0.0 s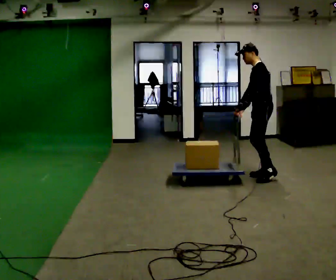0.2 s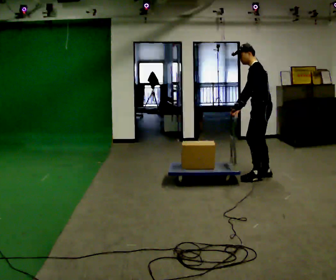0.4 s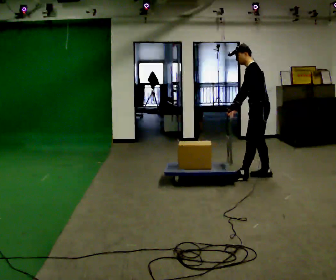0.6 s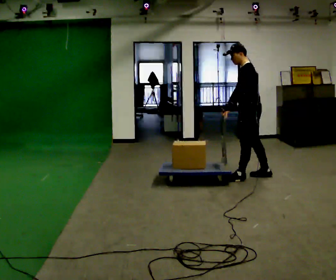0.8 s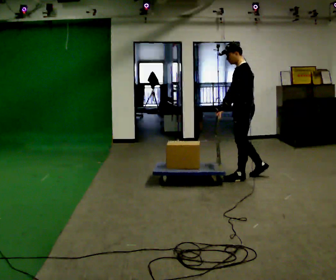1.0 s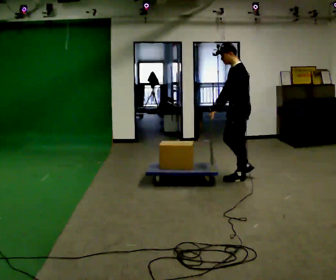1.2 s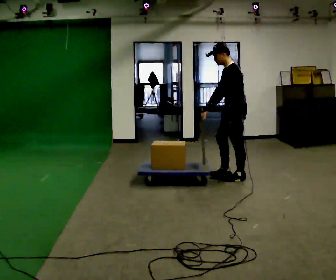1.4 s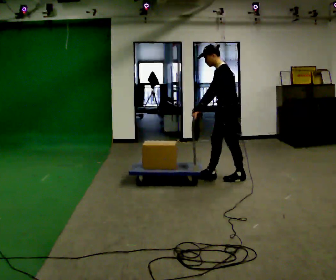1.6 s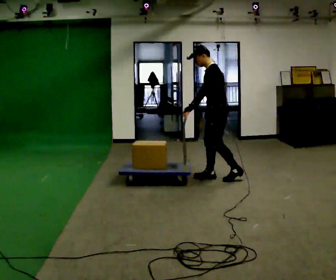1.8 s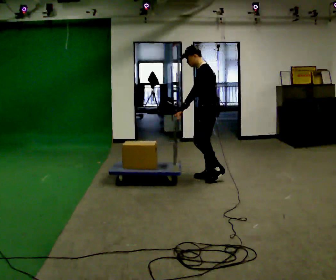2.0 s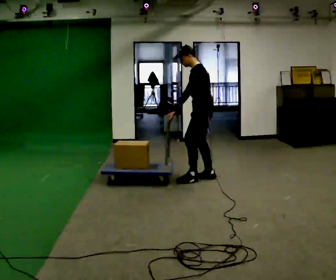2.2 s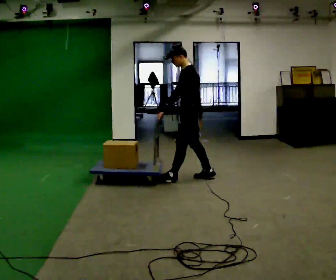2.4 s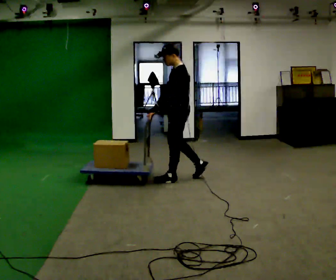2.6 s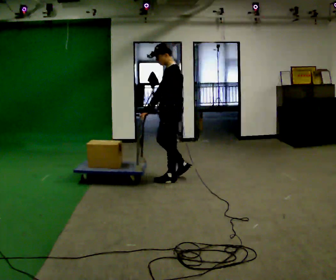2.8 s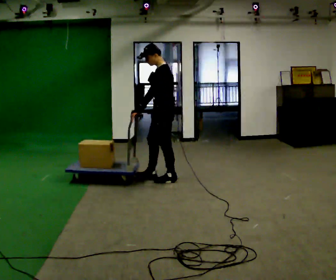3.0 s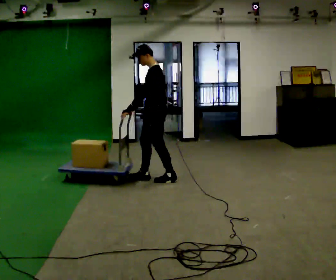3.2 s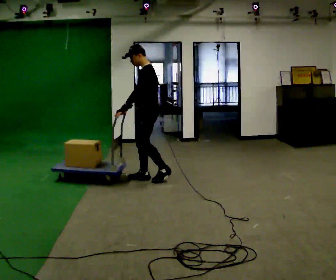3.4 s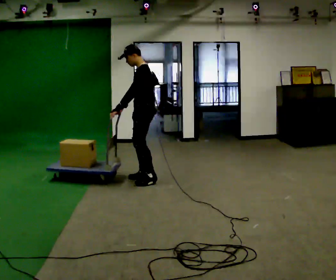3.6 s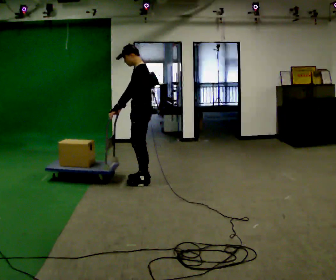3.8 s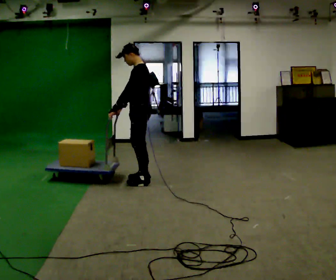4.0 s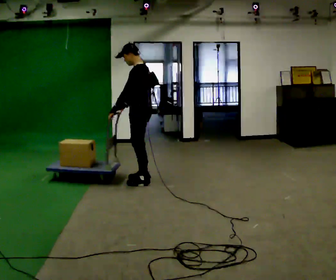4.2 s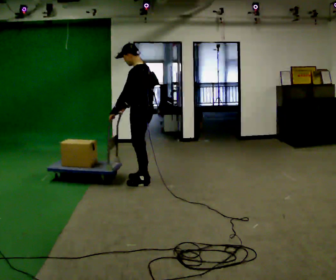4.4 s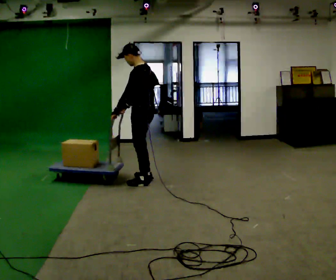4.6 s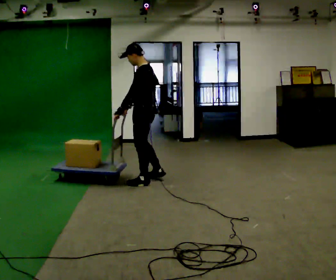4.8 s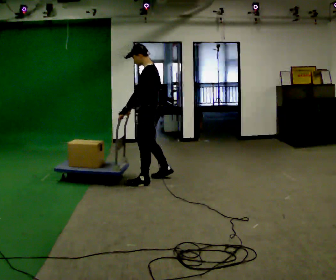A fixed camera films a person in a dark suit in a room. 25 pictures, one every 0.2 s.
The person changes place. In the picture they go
to the left.
0.0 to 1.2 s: In the picture they go to the left, about 0.25 m in 1 step, which for them is forward.
1.2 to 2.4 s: In the picture they go to the left, about 0.75 m in 2 steps, which for them is forward.
2.4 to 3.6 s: In the picture they go to the left, about 0.5 m in 2 steps, which for them is forward.
3.6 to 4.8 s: The person moves a little, or ends about where they began.
The film runs forward here.
